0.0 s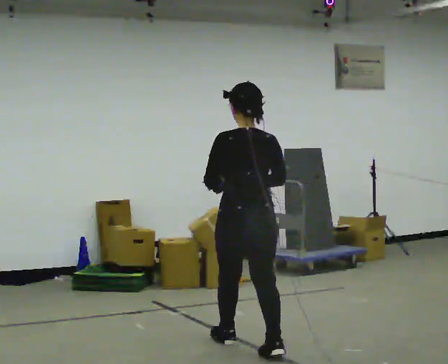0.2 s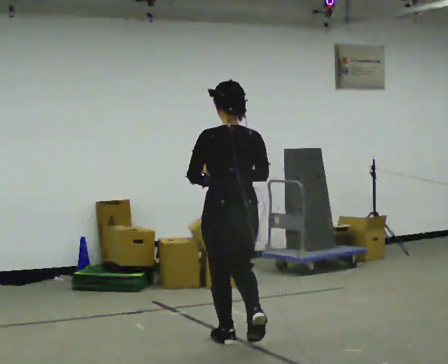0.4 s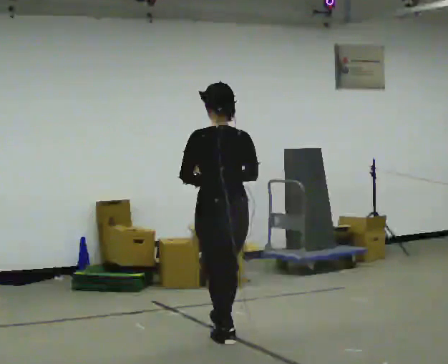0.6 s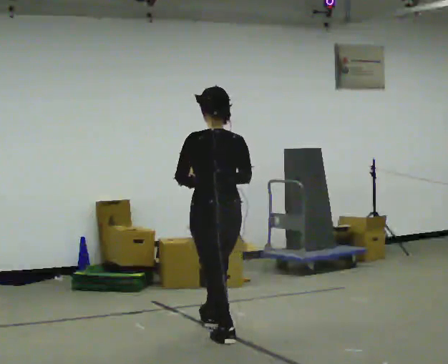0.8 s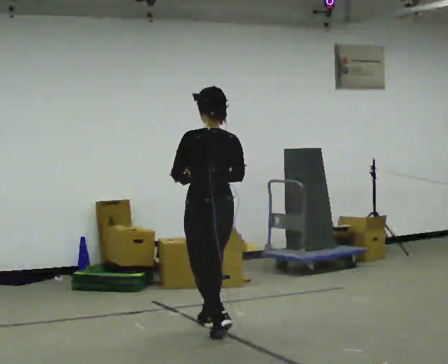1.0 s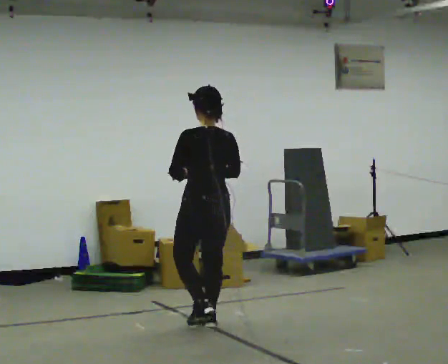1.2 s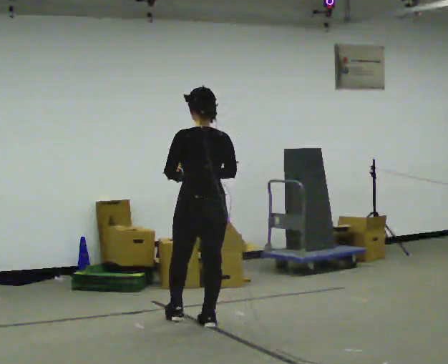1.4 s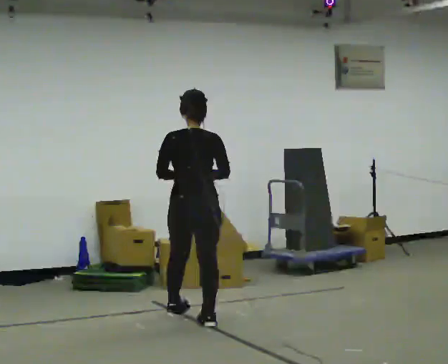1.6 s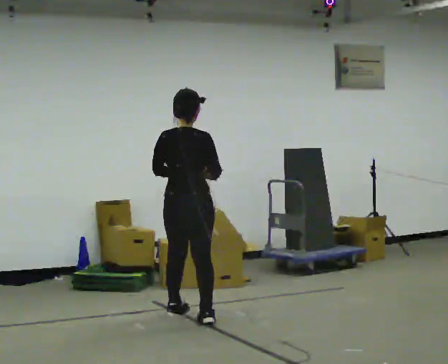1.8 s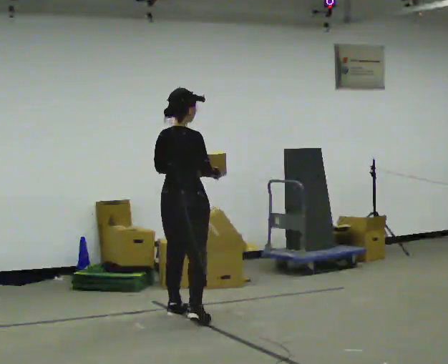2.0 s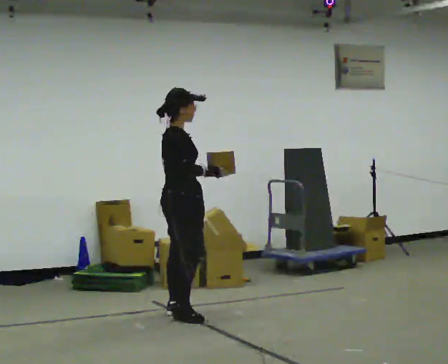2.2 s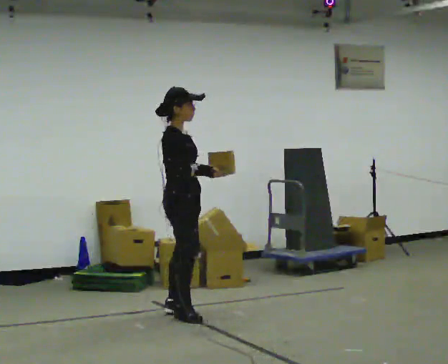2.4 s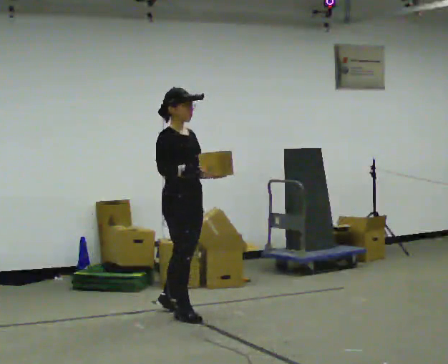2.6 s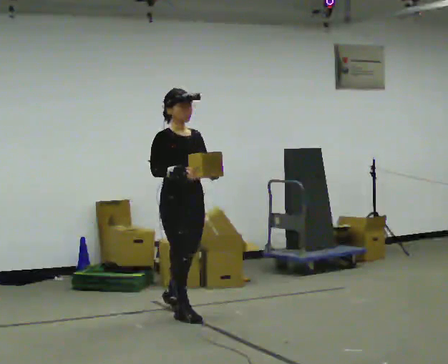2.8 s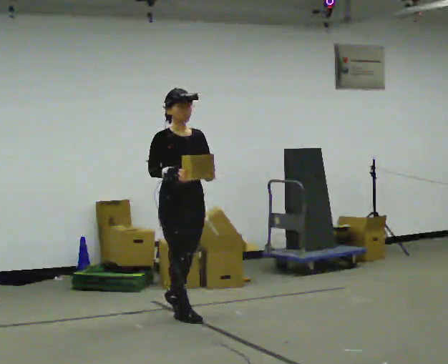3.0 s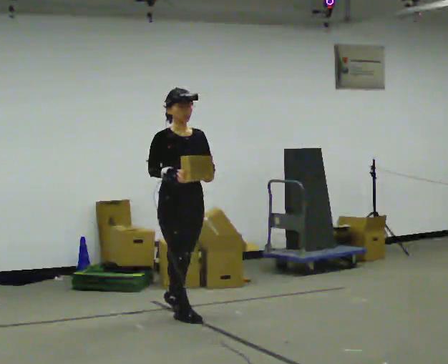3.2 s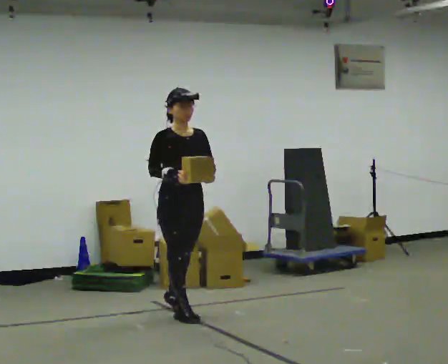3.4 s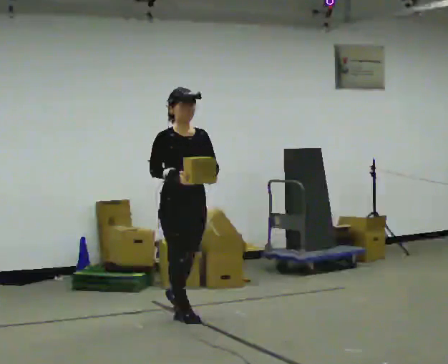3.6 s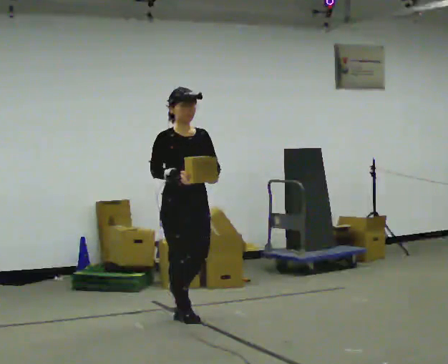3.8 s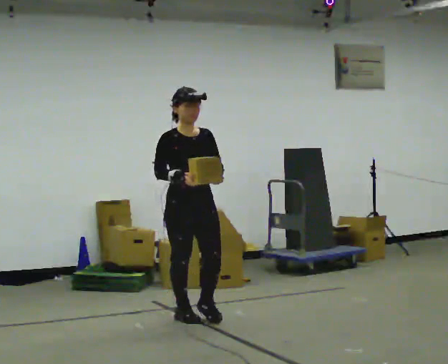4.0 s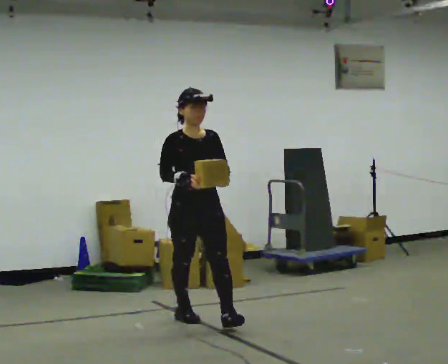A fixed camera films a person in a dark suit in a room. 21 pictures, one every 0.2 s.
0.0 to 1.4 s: In the picture they go away from the camera, about 1 m in 2 steps, which for them is forward.
1.4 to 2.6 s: The person turns about 135 degrees to their right, clockwise seen from above, so the part of the body nearest the lens slides to the left.
2.6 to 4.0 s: In the picture they go toward the camera, about 0.25 m, which for them is forward.
The film runs forward here.
